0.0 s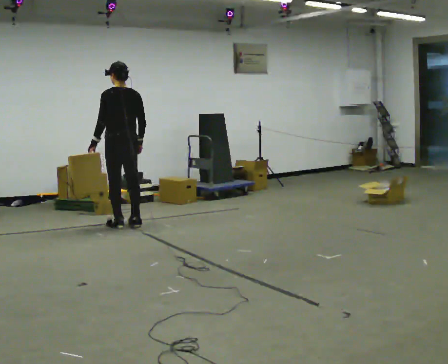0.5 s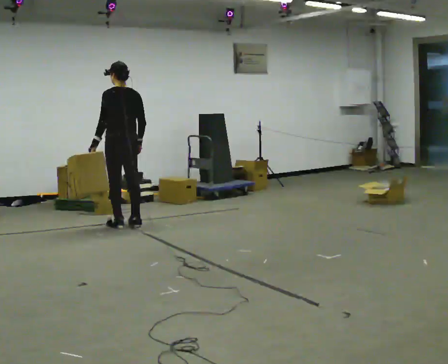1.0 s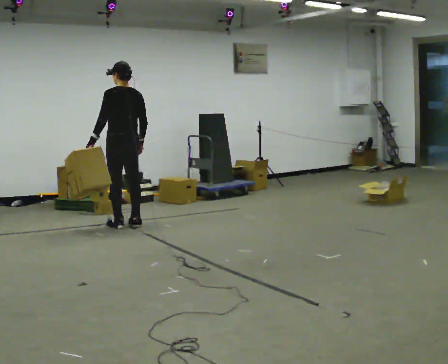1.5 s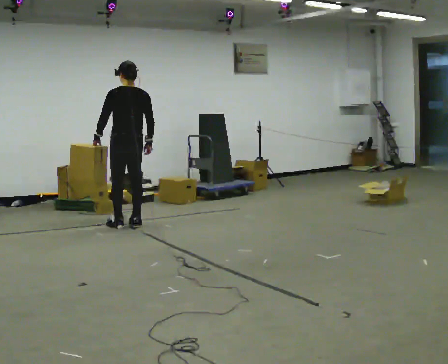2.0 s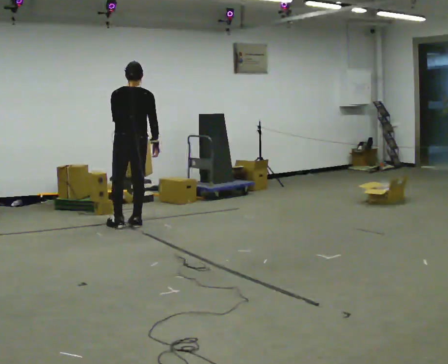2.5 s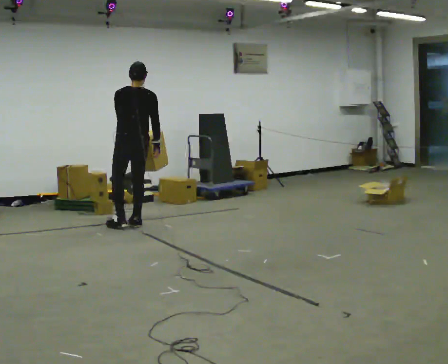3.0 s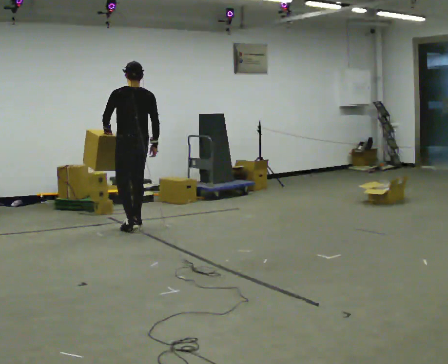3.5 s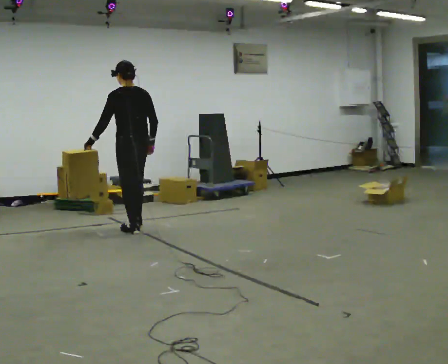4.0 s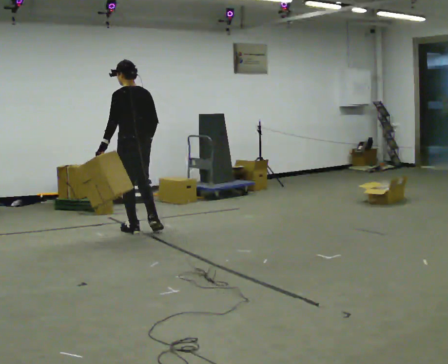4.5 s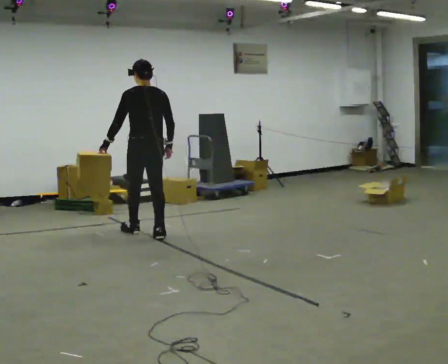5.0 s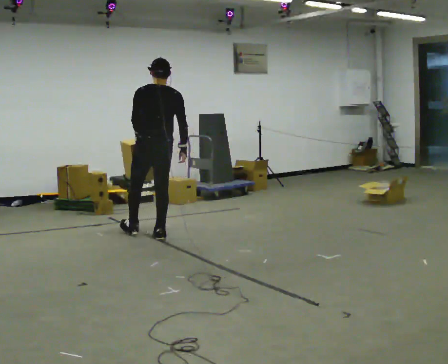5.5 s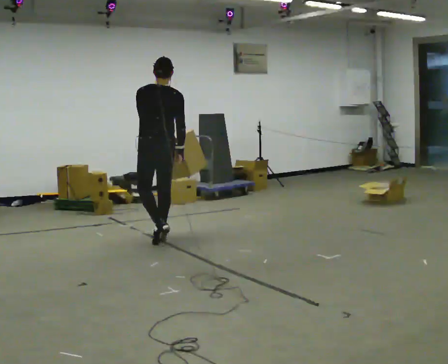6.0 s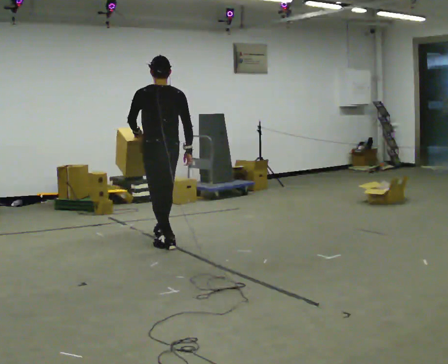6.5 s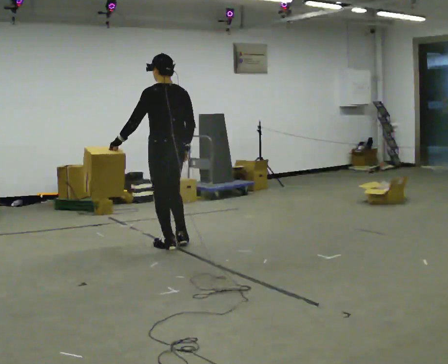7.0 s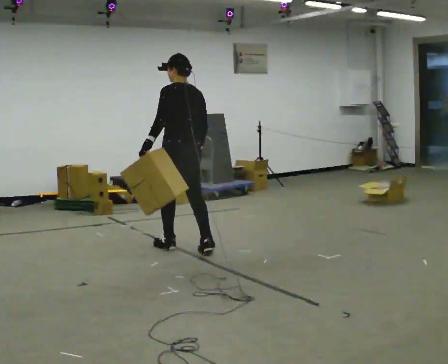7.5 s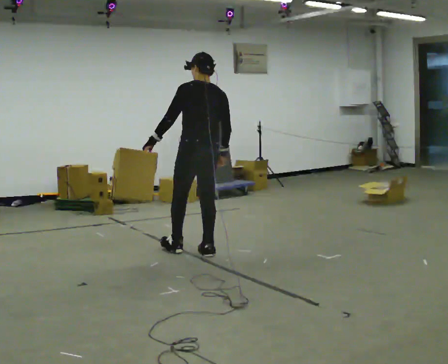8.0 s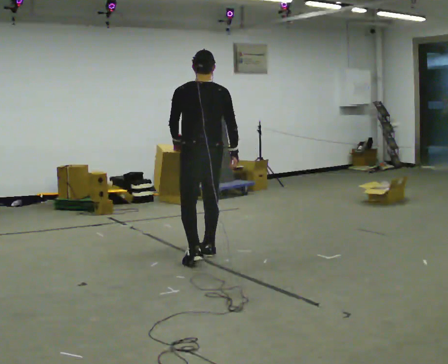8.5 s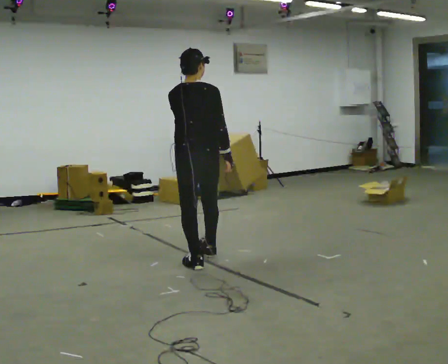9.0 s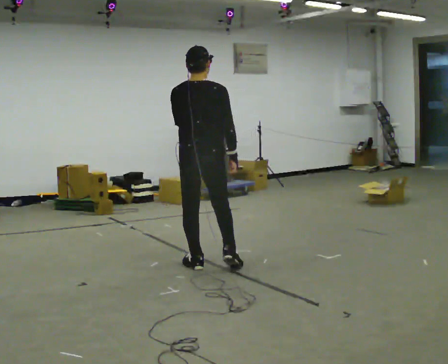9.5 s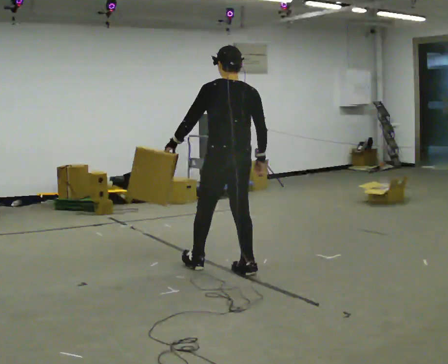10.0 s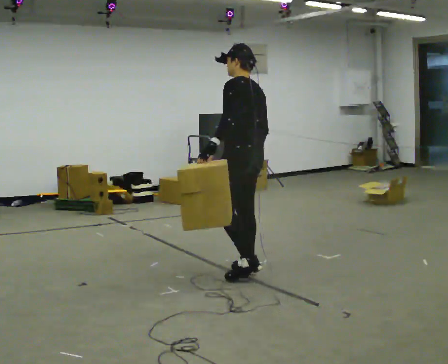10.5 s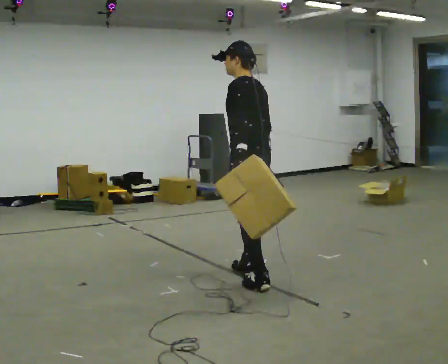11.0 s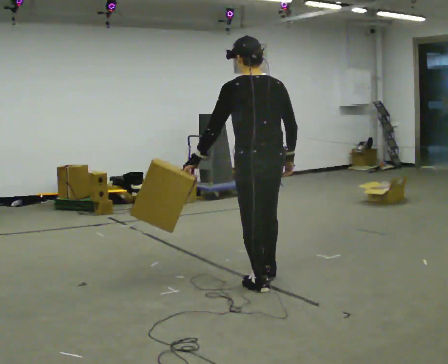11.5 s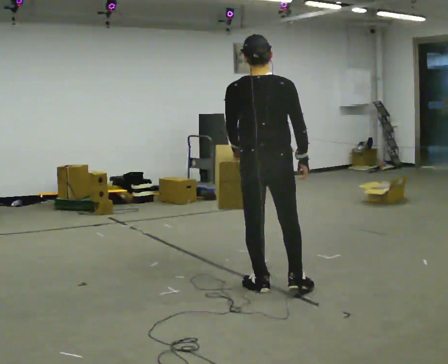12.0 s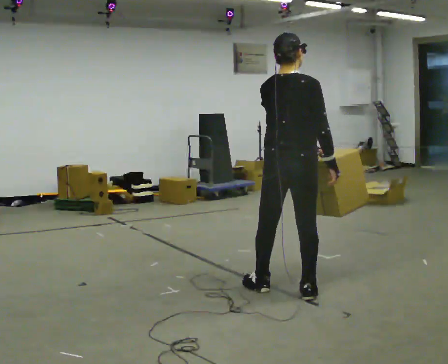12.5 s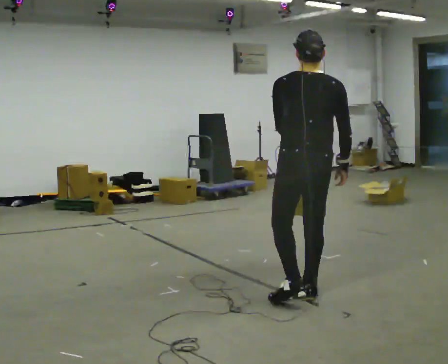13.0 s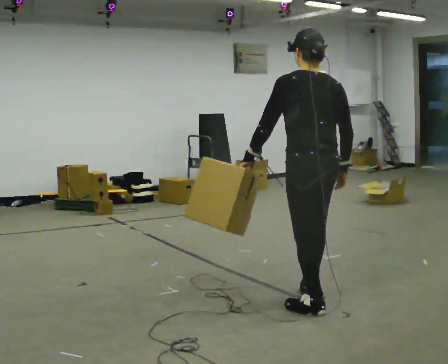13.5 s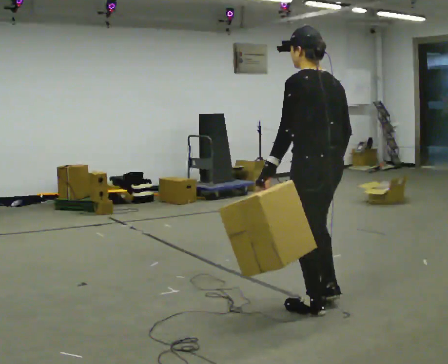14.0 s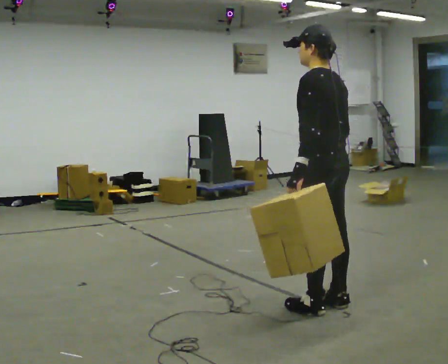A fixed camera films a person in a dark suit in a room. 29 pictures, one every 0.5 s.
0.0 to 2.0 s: The person moves a little, or ends about where they began.
2.0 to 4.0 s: The person turns about 30 degrees to their left, counterclockwise seen from above, so the part of the body nearest the lens slides to the right. In the picture they go toward the camera, about 0.25 m in 2 steps, which for them is backward.
4.0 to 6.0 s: In the picture they go toward the camera and to the right, about 0.5 m in 1 step, which for them is backward.
6.0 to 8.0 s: In the picture they go toward the camera and to the right, about 0.5 m in 2 steps, which for them is backward.
8.0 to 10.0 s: Seen from above the body turns counterclockwise, about 45 degrees: to their left, with its near side sliding to the right. In the picture they go toward the camera and to the right, about 0.5 m in 2 steps, which for them is backward and to their right.
10.0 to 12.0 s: The person turns about 75 degrees to their right, clockwise seen from above, so the part of the body nearest the lens slides to the left. In the picture they go toward the camera and to the right, about 0.5 m in 1 step.
12.0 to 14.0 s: The part of the body nearest the lens slides to the right as the person turns to their left by about 75 degrees. In the picture they go toward the camera and to the right, about 0.5 m in 2 steps.
The film runs backward here.
